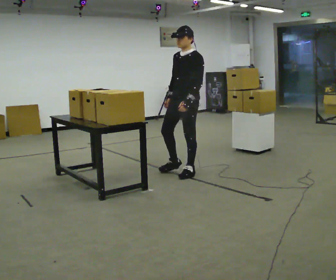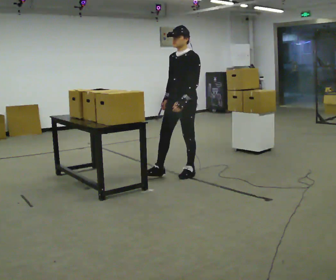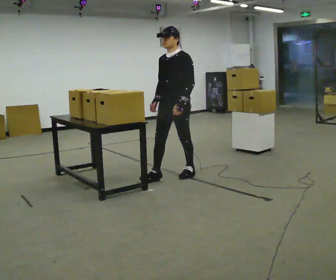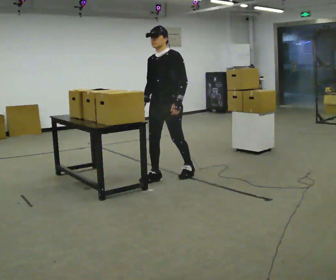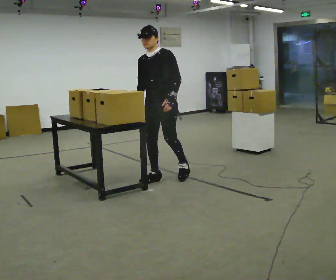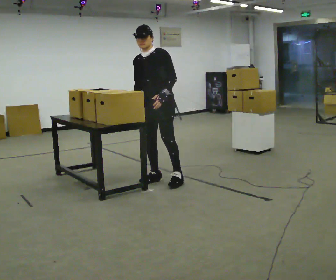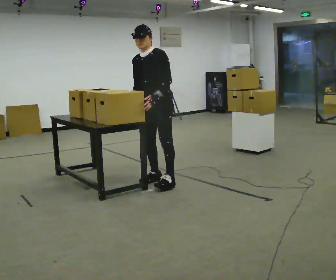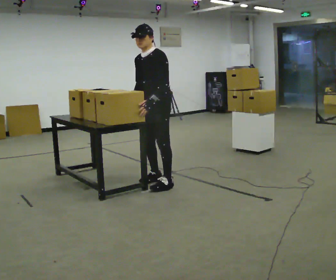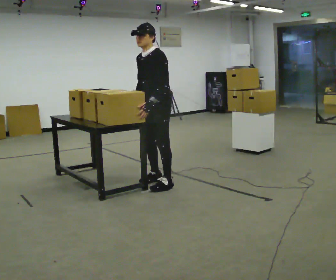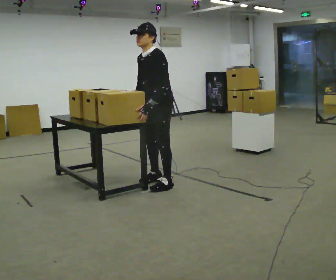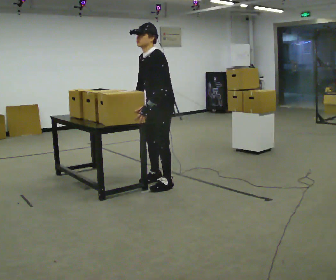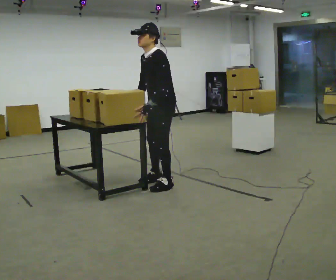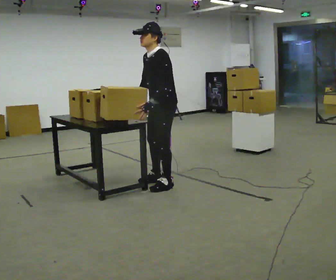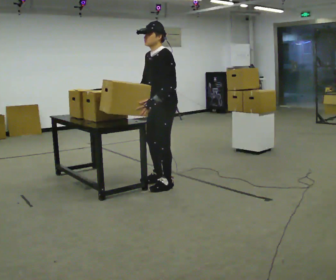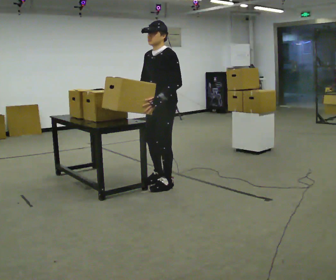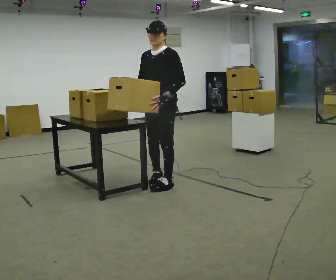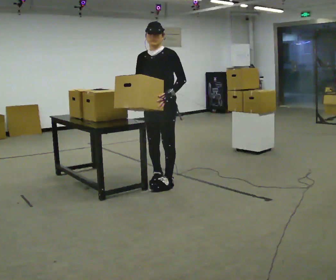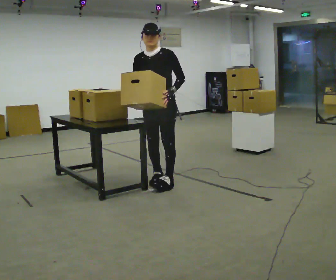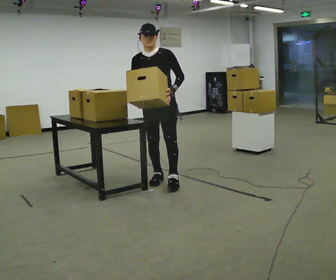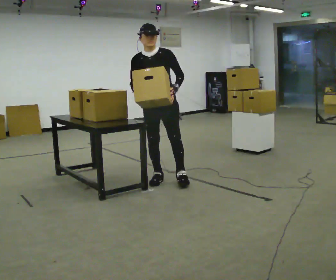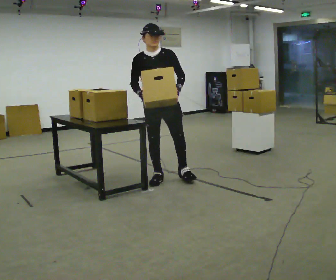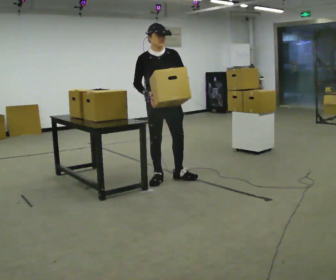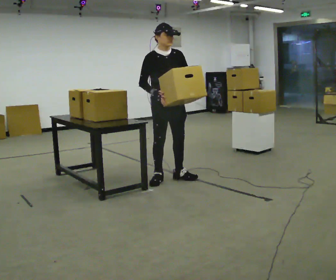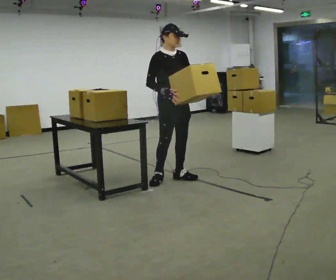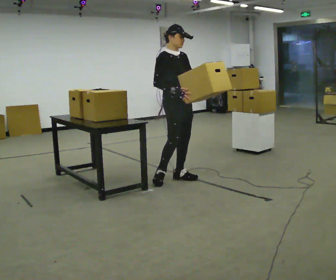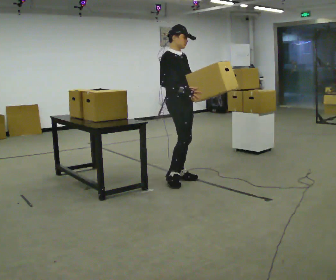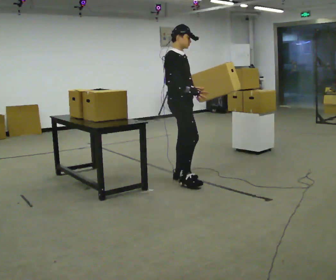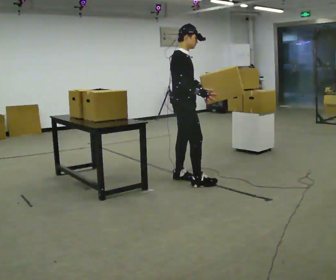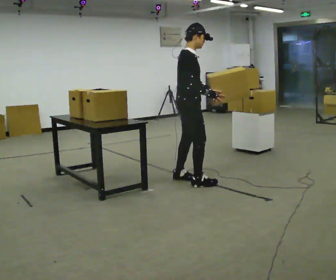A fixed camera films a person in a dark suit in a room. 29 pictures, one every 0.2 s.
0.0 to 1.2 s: In the picture they go to the left and toward the camera, about 0.5 m in 1 step, which for them is forward. In the picture the upper body tilts counterclockwise, shoulders to the left.
1.2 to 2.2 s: Seen from above the body turns clockwise, about 30 degrees: to their right, with its near side sliding to the left. In the picture they go toward the camera, about 0.25 m in 1 step, which for them is to their left.
2.2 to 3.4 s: Seen from above the body turns counterclockwise, about 45 degrees: to their left, with its near side sliding to the right.
3.4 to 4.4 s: The person turns about 45 degrees to their left, counterclockwise seen from above, so the part of the body nearest the lens slides to the right.
4.4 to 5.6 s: Seen from above the body turns counterclockwise, about 60 degrees: to their left, with its near side sliding to the right. In the picture they go to the right, about 0.25 m in 1 step.
The film runs forward here.
